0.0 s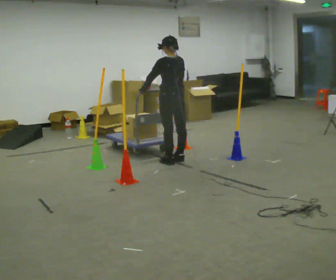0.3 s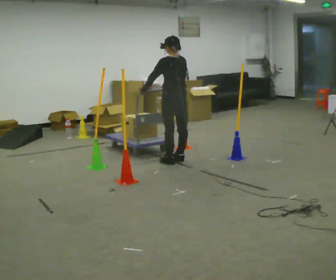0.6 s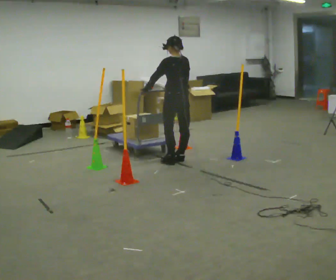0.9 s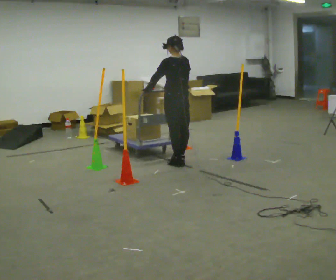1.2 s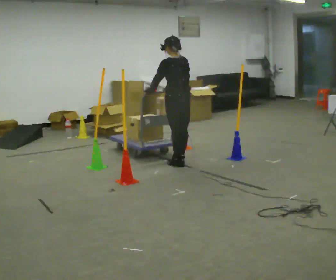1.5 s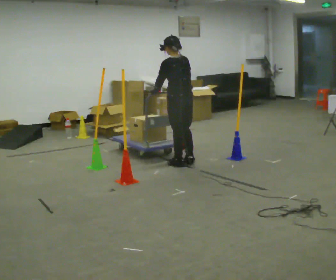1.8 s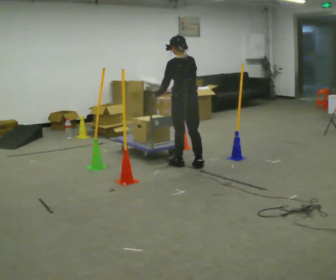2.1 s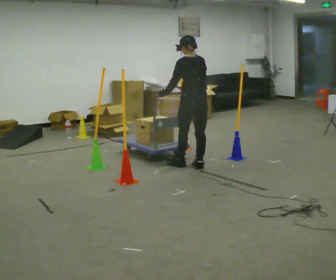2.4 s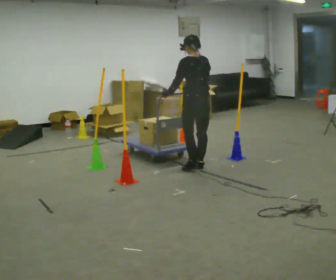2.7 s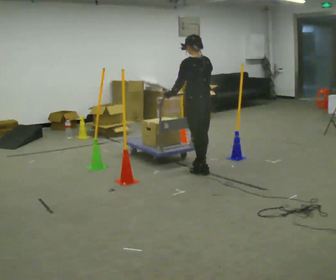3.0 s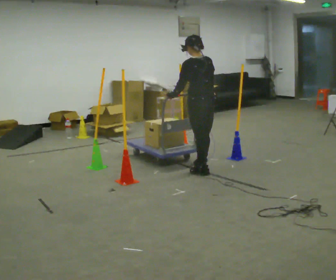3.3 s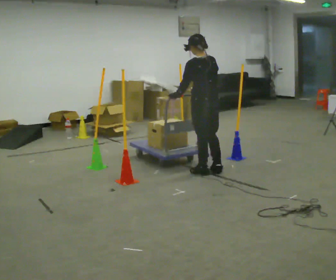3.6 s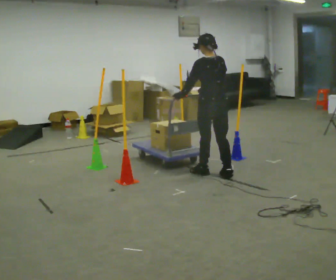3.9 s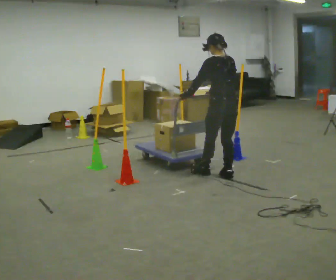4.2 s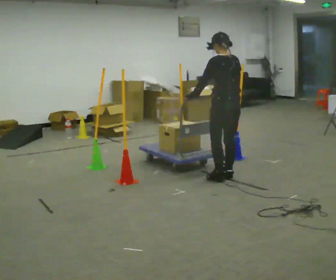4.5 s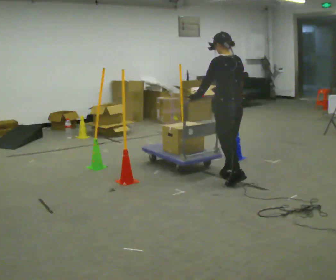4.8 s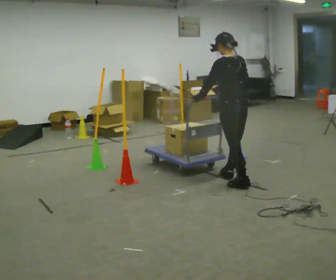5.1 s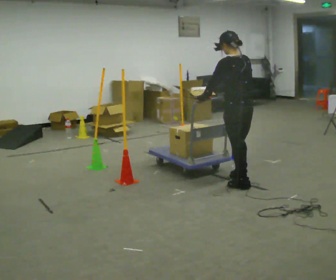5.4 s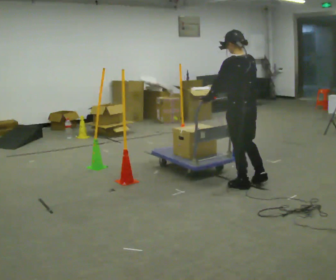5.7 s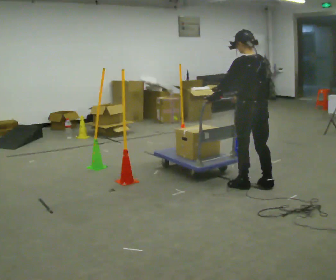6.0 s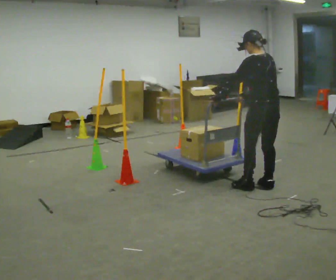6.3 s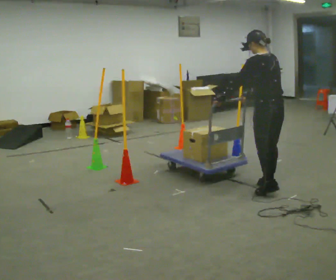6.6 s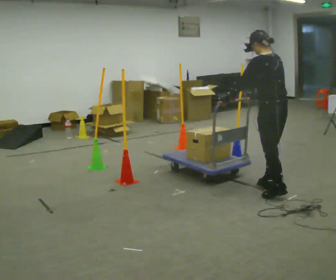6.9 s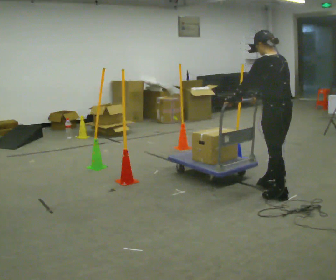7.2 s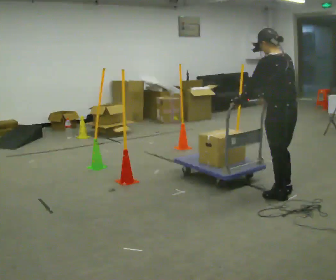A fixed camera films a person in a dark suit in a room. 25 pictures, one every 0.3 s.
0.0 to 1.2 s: In the picture they go toward the camera, about 0.25 m, which for them is backward.
1.2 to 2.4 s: In the picture they go to the right, about 0.25 m in 1 step, which for them is backward.
2.4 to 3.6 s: In the picture they go toward the camera and to the right, about 0.25 m in 2 steps, which for them is backward.
3.6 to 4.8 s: In the picture they go toward the camera and to the right, about 0.25 m in 1 step, which for them is backward.
4.8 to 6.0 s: In the picture they go to the right and toward the camera, about 0.25 m in 1 step, which for them is backward and to their right.
6.0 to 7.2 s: In the picture they go toward the camera, about 0.25 m in 1 step, which for them is backward and to their left.
The film runs forward here.
